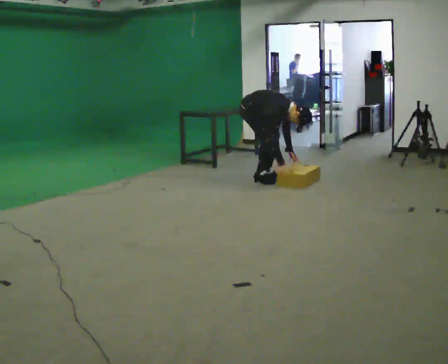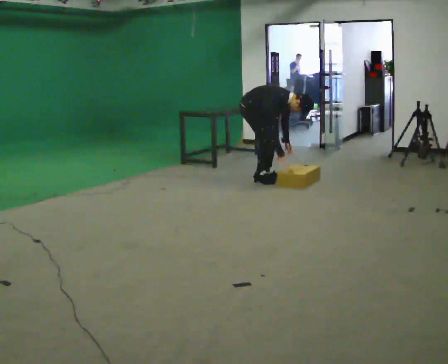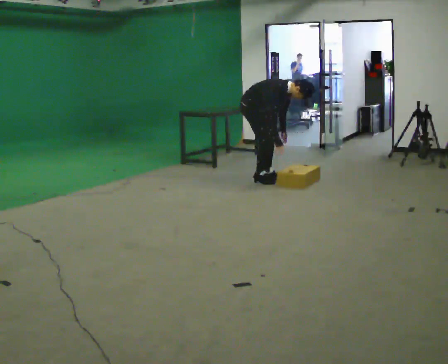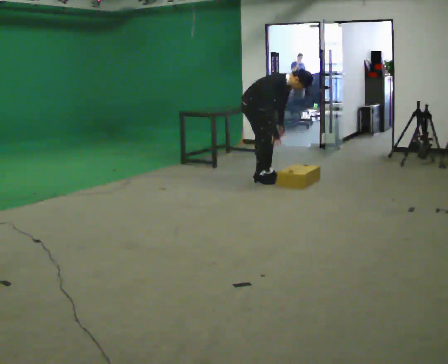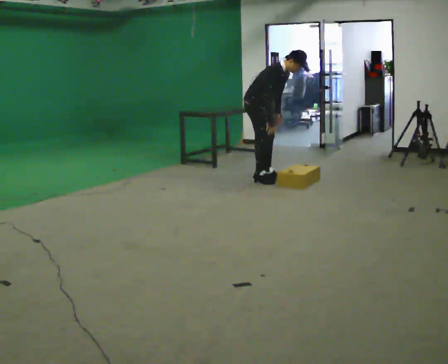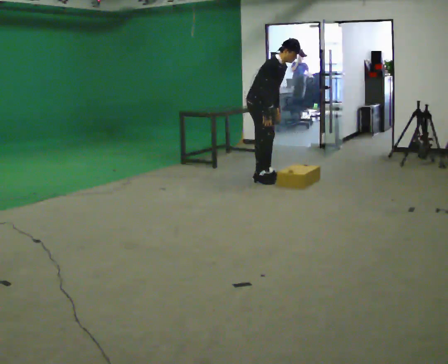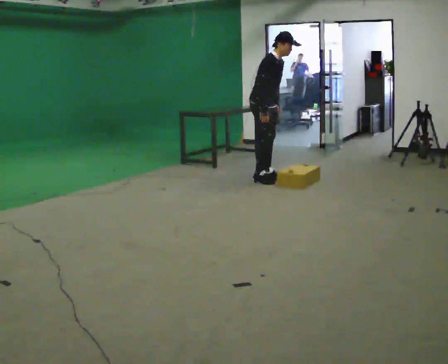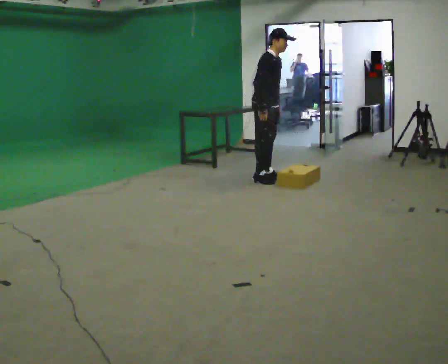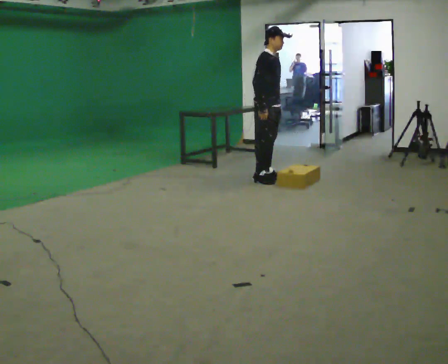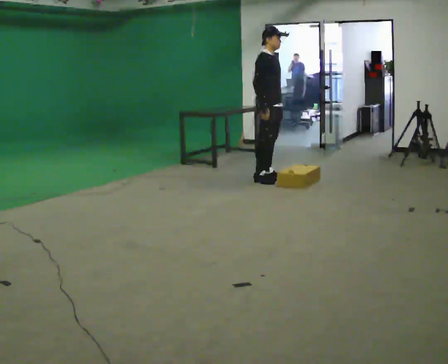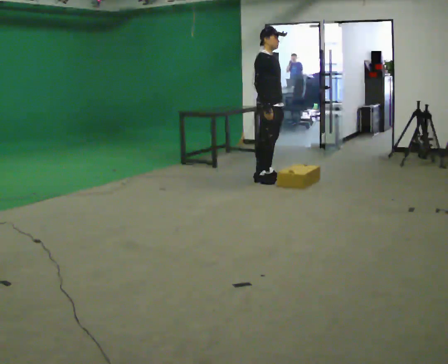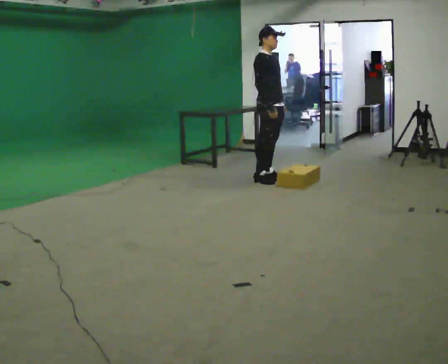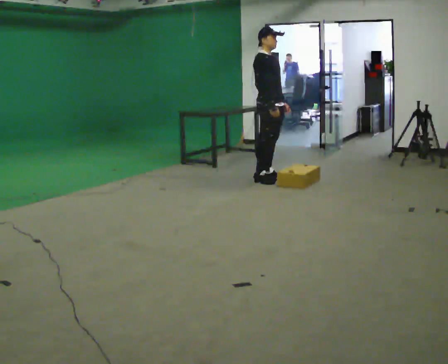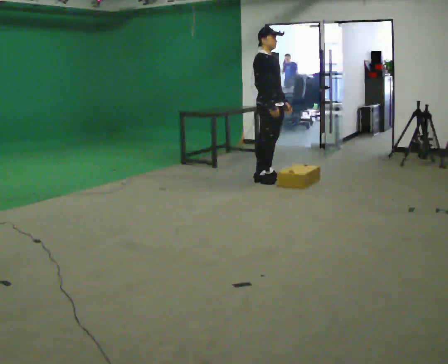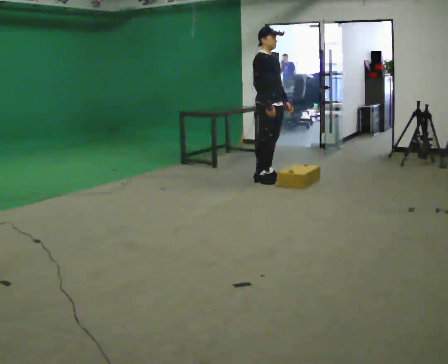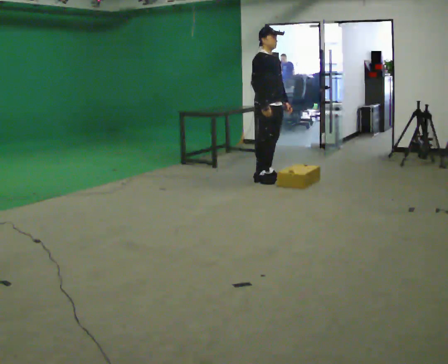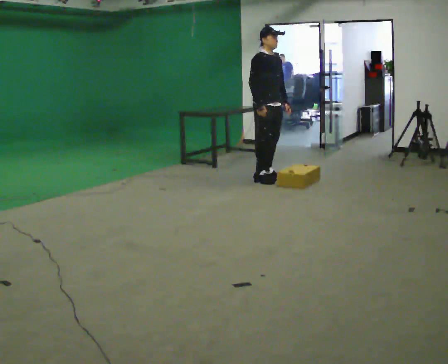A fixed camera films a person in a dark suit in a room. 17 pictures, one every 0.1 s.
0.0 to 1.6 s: In the picture they go to the right, about 0.25 m, which for them is forward. The shoulders move upward. In the picture the upper body tilts counterclockwise, shoulders to the left, as they lean back or straighten. In the picture their left hand goes upward.
The film runs forward here.
